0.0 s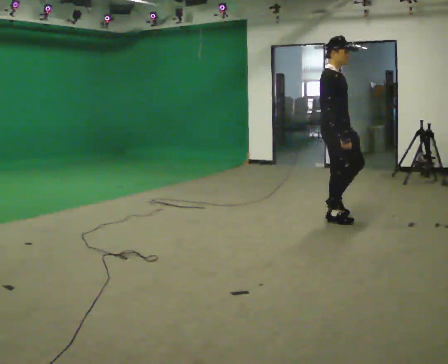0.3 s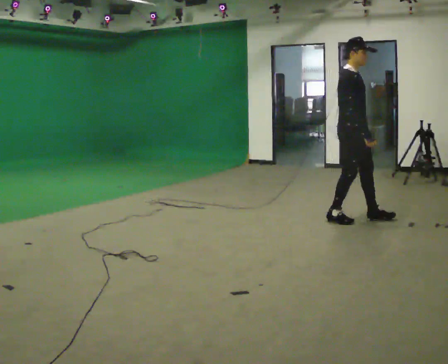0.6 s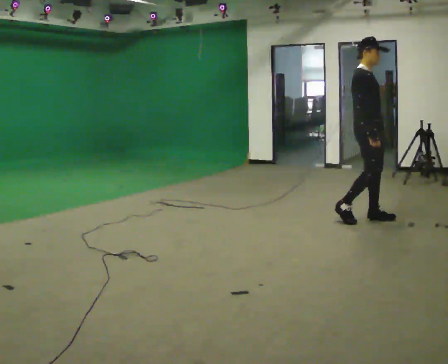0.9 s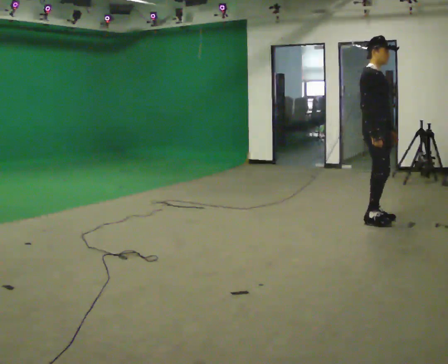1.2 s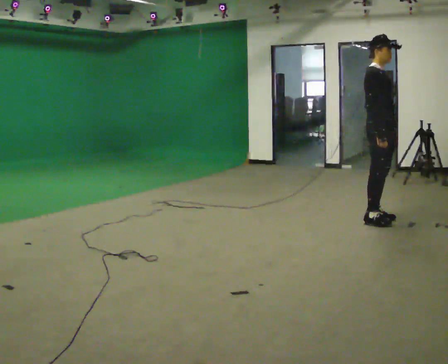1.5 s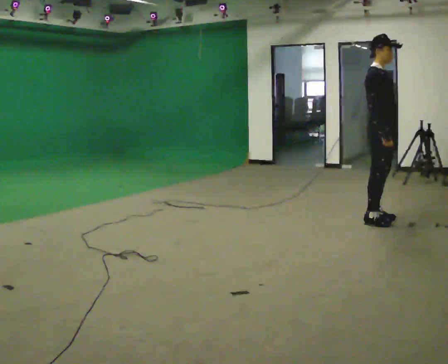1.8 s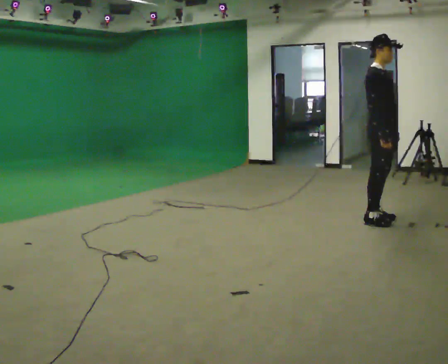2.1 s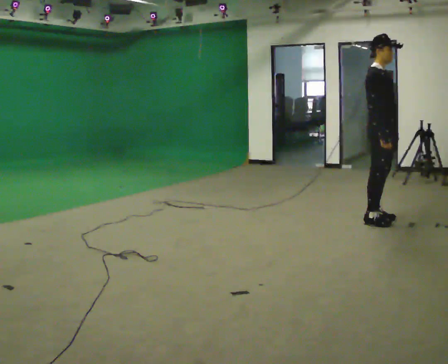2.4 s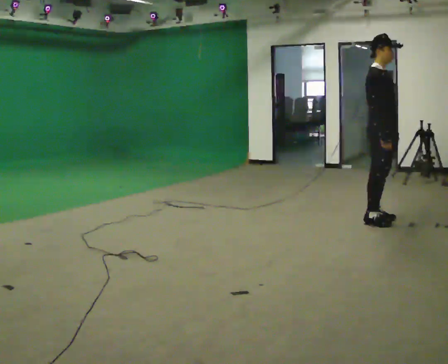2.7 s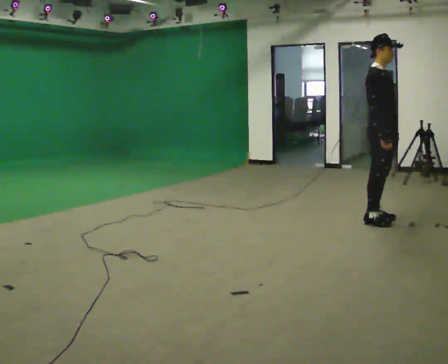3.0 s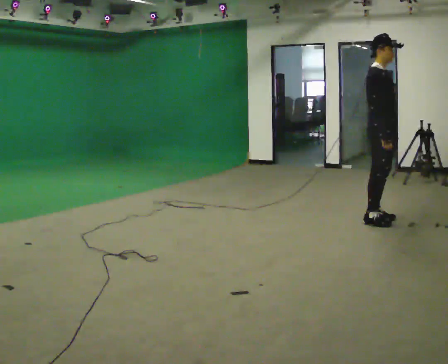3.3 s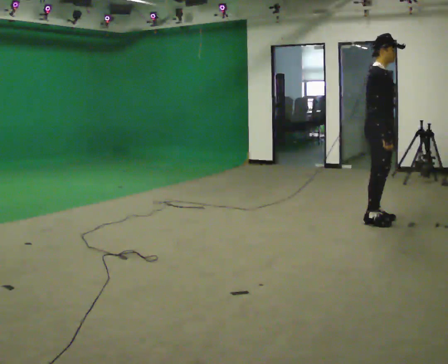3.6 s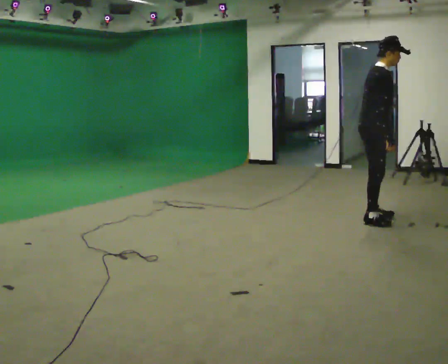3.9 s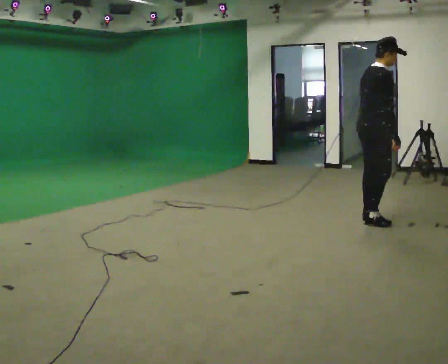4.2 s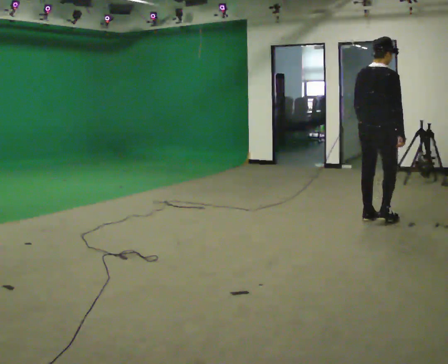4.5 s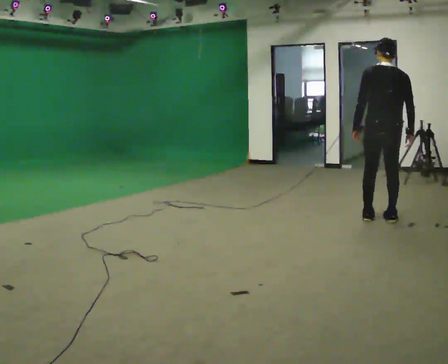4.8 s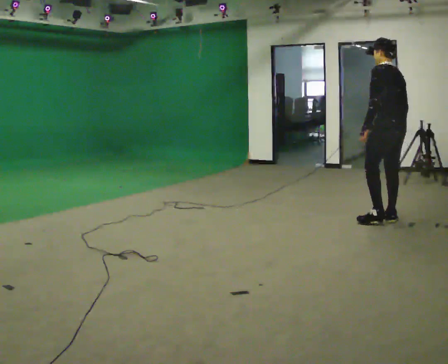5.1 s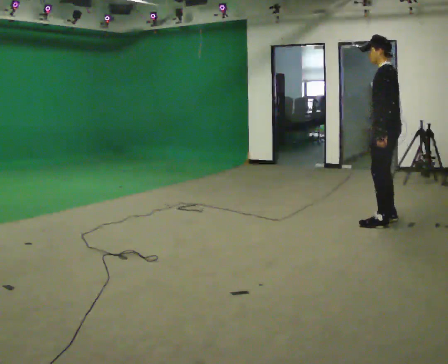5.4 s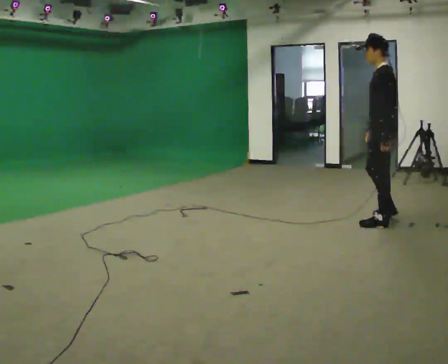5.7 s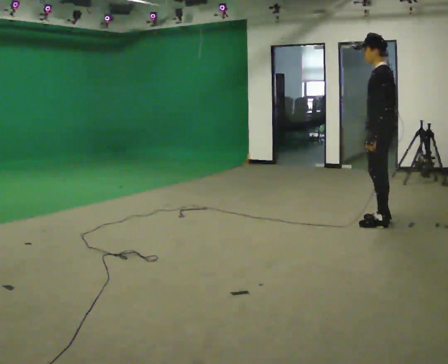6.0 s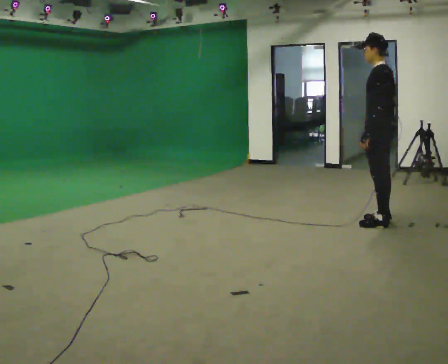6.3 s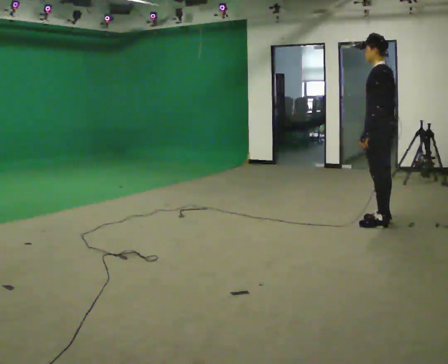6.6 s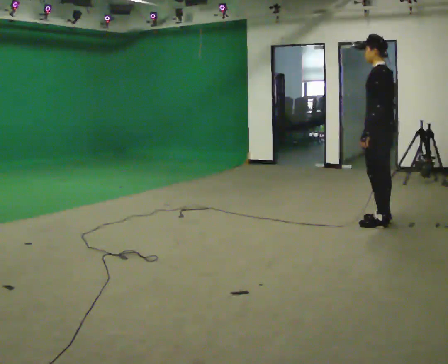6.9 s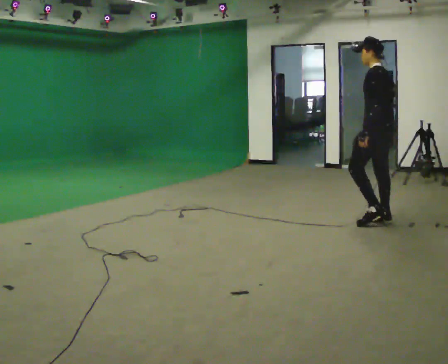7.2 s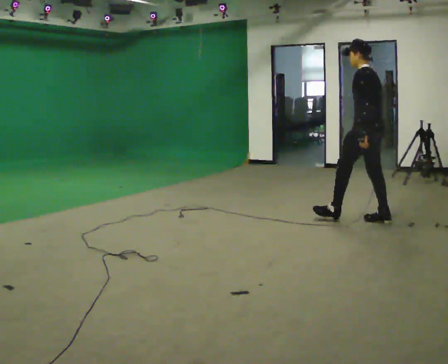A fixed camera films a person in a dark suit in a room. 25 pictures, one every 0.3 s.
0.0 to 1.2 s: In the picture they go to the right, about 0.5 m in 2 steps, which for them is forward.
1.2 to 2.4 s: The person moves a little, or ends about where they began.
2.4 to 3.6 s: In the picture the upper body tilts clockwise, shoulders to the right, as they bend forward.
3.6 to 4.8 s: The part of the body nearest the lens slides to the right as the person turns to their left by about 135 degrees. In the picture they go to the right, about 0.25 m in 1 step. In the picture the upper body tilts counterclockwise, shoulders to the left.
4.8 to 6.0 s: The part of the body nearest the lens slides to the right as the person turns to their left by about 30 degrees.
6.0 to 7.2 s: The person moves a little, or ends about where they began.
The film runs forward here.
